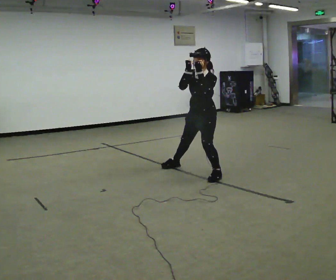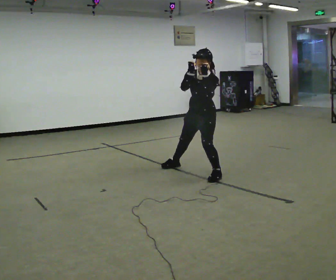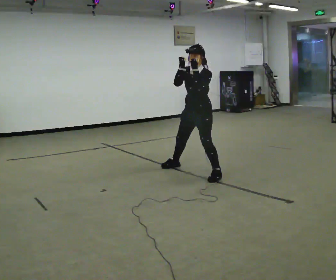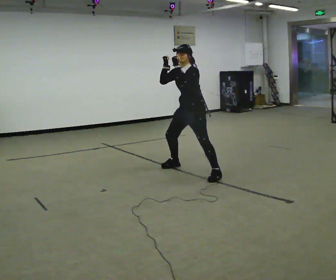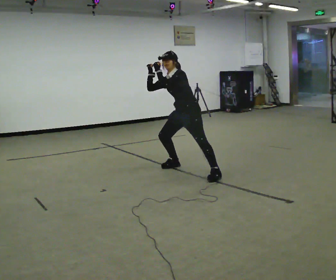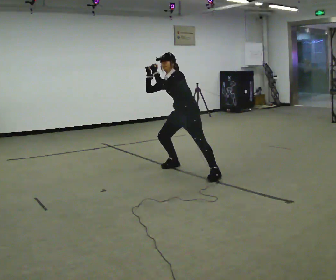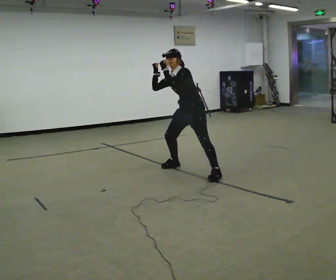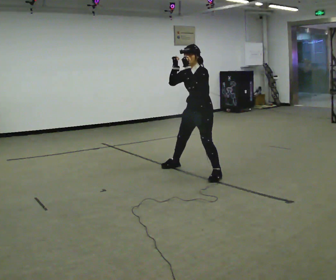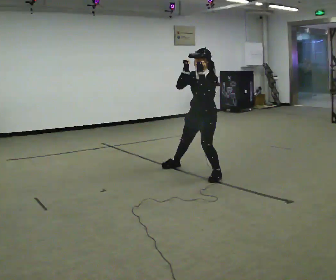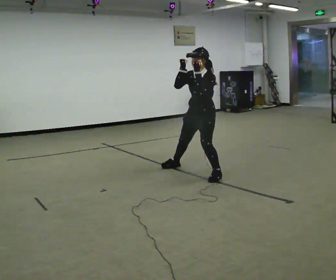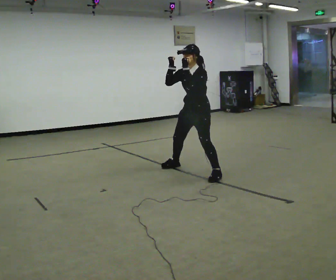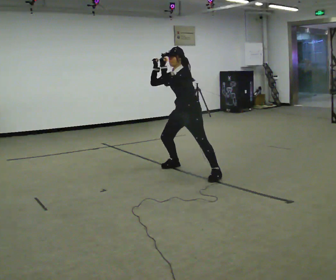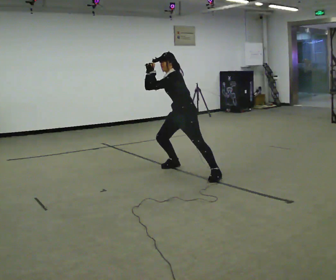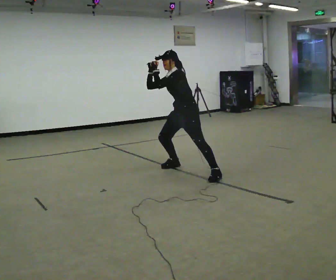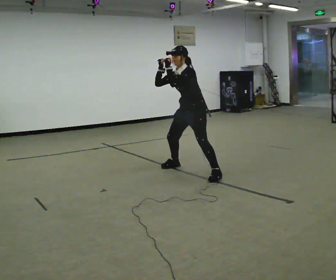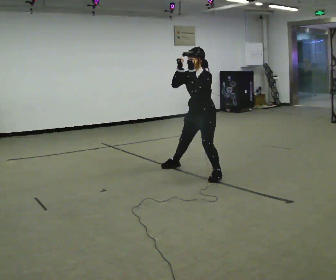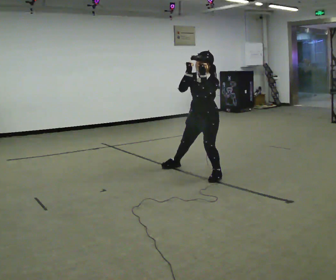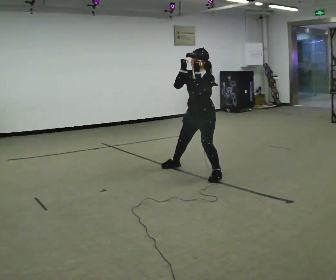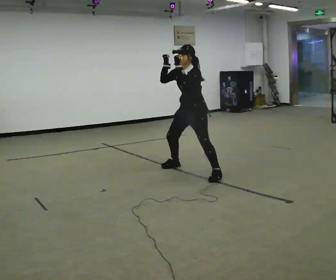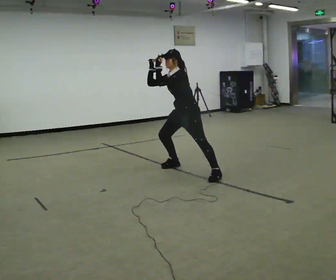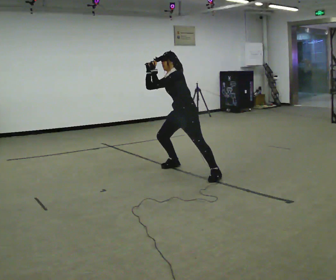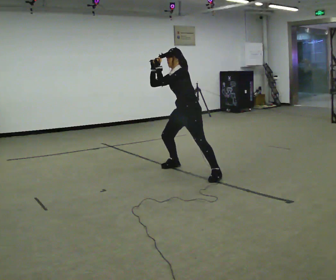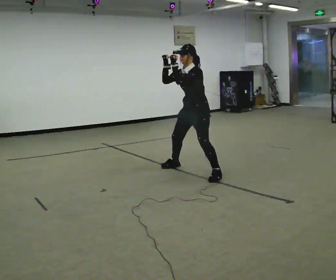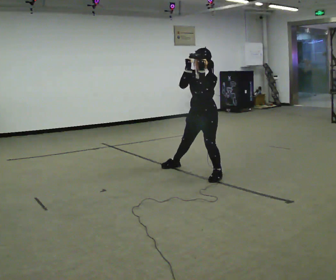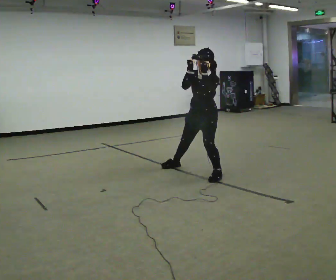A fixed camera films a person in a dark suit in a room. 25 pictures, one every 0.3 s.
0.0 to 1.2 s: In the picture they go away from the camera and to the left, about 0.25 m, which for them is to their right. The upper body tips away from the camera, its near side rolling upward.
1.2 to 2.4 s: In the picture they go toward the camera and to the right, about 0.25 m, which for them is to their left. The upper body tips toward the camera, its near side rolling downward.
2.4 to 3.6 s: In the picture they go to the left and away from the camera, about 0.25 m, which for them is to their right. The upper body tips away from the camera, its near side rolling upward.
3.6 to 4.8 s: In the picture they go toward the camera and to the right, about 0.25 m, which for them is to their left. The upper body tips toward the camera, its near side rolling downward.
4.8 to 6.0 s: In the picture they go away from the camera and to the left, about 0.25 m, which for them is to their right. The upper body tips away from the camera, its near side rolling upward.
6.0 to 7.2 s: In the picture they go toward the camera and to the right, about 0.25 m, which for them is to their left. The upper body tips toward the camera, its near side rolling downward.
The film runs forward here.
